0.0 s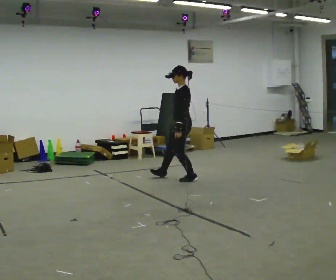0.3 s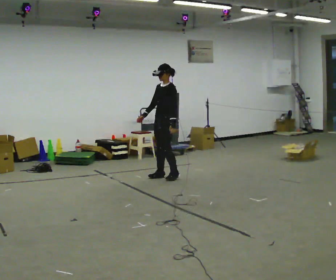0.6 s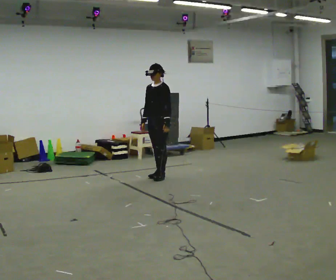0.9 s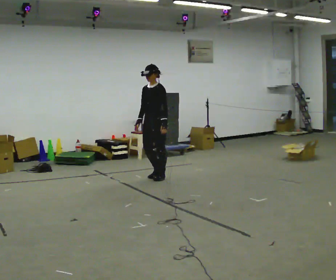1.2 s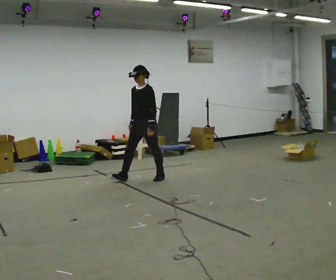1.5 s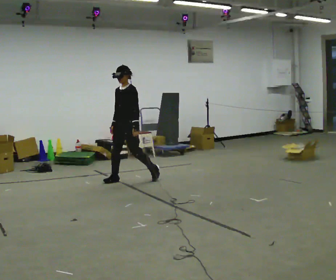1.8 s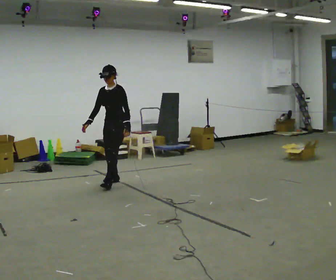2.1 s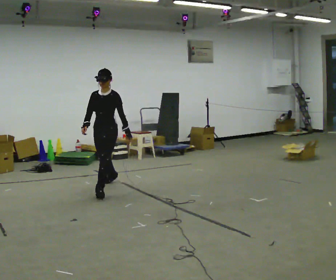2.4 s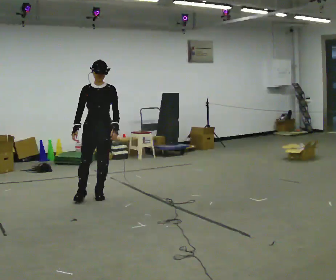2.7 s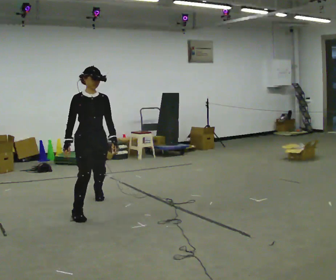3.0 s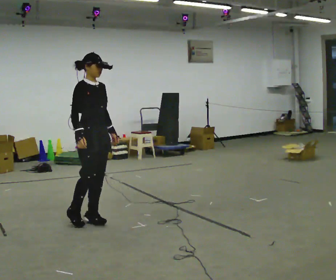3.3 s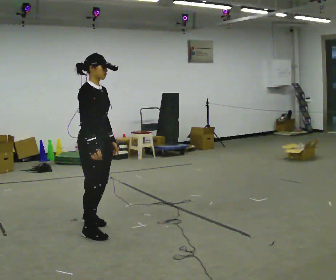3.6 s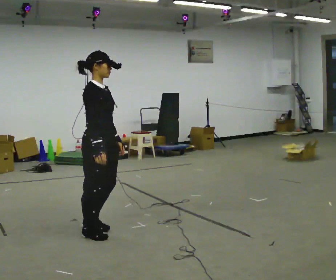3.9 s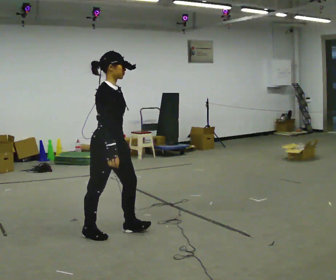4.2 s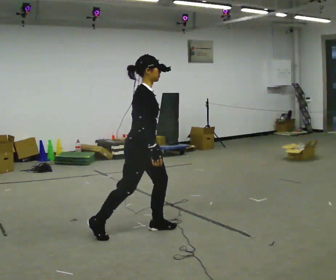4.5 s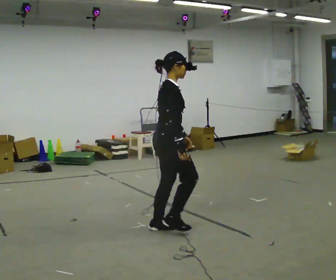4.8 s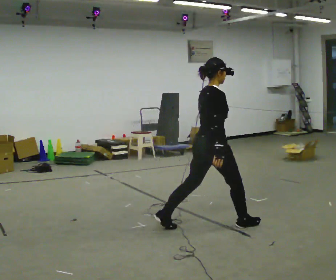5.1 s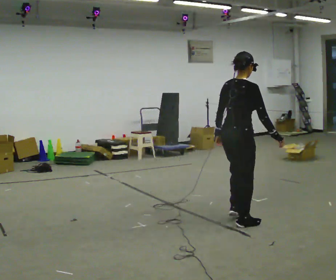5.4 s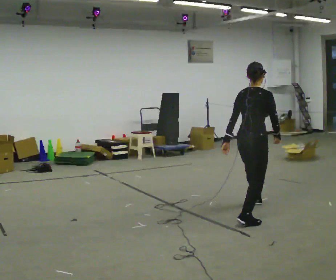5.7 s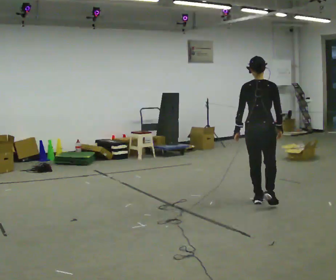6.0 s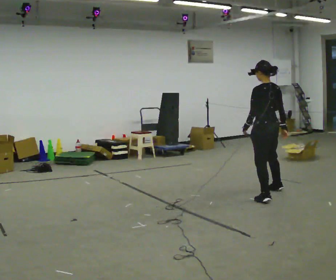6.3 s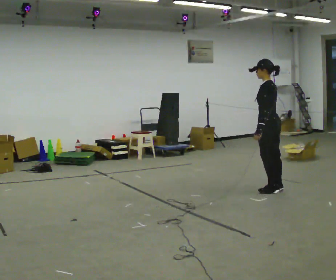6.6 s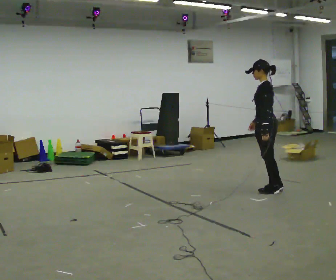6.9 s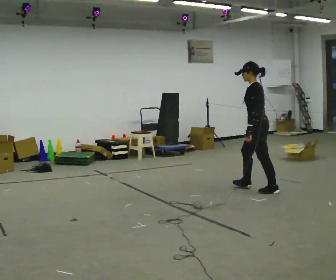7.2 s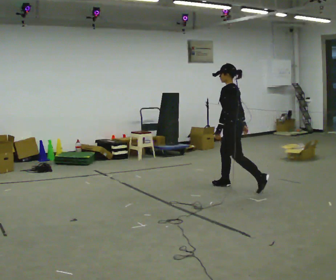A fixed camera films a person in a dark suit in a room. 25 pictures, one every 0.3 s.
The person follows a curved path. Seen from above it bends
counterclockwise.
The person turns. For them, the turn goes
to their left.
0.0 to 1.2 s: The person turns about 30 degrees to their left, counterclockwise seen from above, so the part of the body nearest the lens slides to the right. In the picture they go to the left, about 0.5 m in 2 steps, which for them is to their right and forward.
1.2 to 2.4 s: The person turns about 45 degrees to their left, counterclockwise seen from above, so the part of the body nearest the lens slides to the right. In the picture they go toward the camera and to the left, about 1 m in 2 steps, which for them is forward.
2.4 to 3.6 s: The person turns about 75 degrees to their left, counterclockwise seen from above, so the part of the body nearest the lens slides to the right. In the picture they go toward the camera, about 1 m in 3 steps.
3.6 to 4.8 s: Seen from above the body turns counterclockwise, about 45 degrees: to their left, with its near side sliding to the right. In the picture they go to the right, about 1 m in 2 steps, which for them is forward.
4.8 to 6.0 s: The part of the body nearest the lens slides to the right as the person turns to their left by about 105 degrees. In the picture they go away from the camera and to the right, about 1.5 m in 1 step.
6.0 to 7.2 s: The person turns about 30 degrees to their left, counterclockwise seen from above, so the part of the body nearest the lens slides to the right. In the picture they go away from the camera and to the left, about 0.5 m in 3 steps, which for them is forward and to their right.
The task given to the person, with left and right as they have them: Move around the room freely as if avoiding someone: change speed and direction whenever you like. Keep moving until the operator says stop.
The film runs forward here.
